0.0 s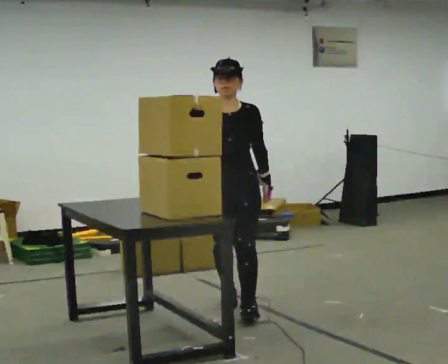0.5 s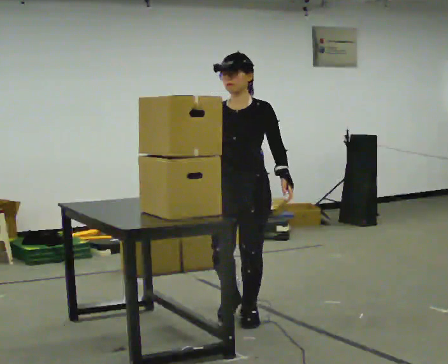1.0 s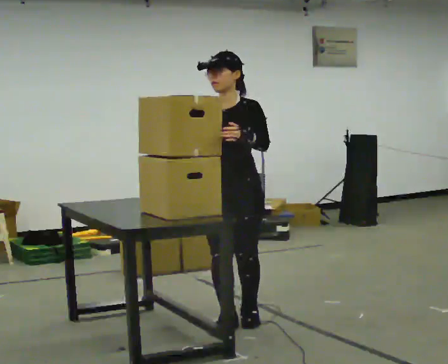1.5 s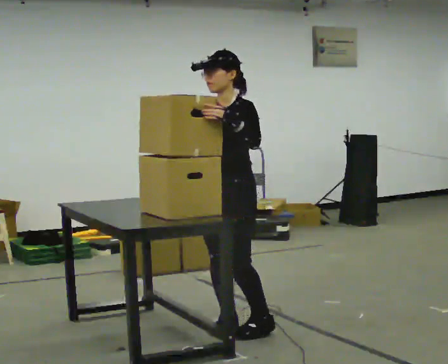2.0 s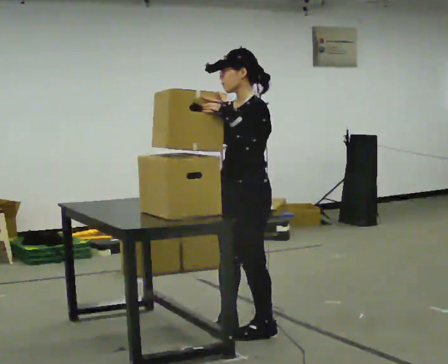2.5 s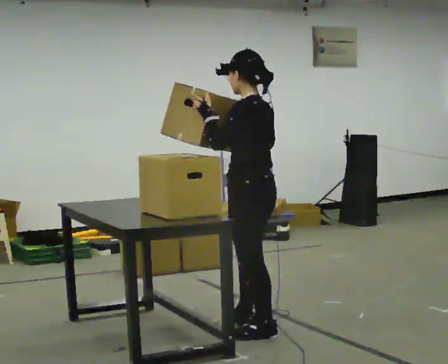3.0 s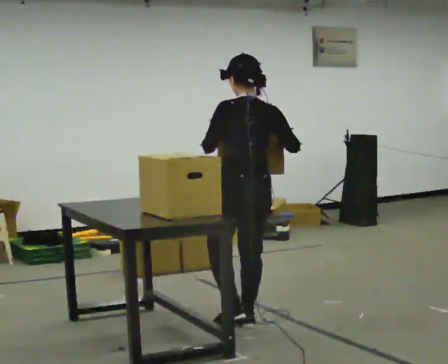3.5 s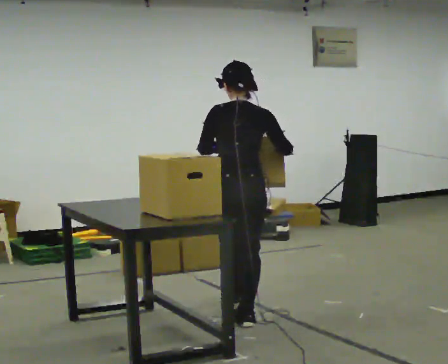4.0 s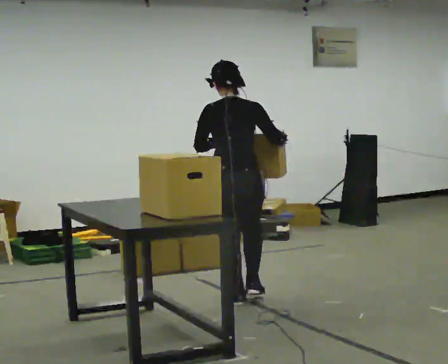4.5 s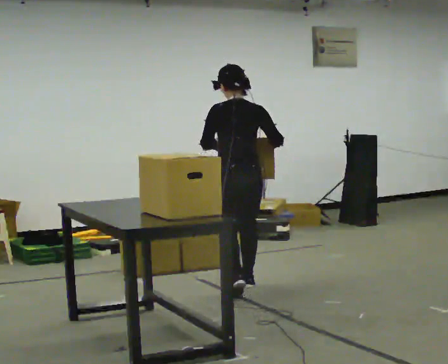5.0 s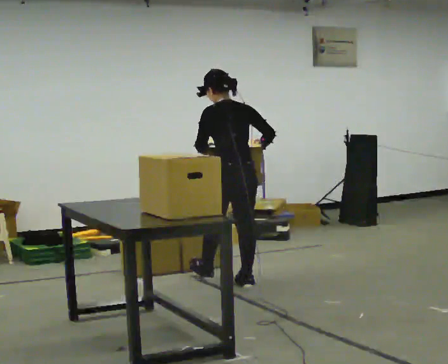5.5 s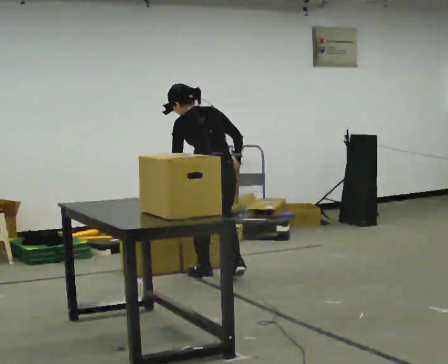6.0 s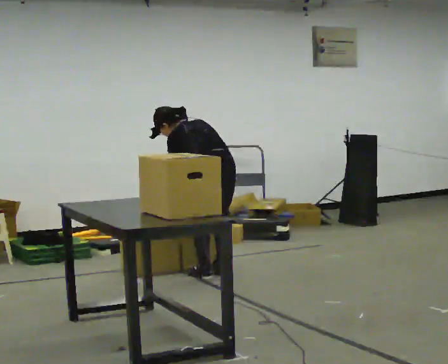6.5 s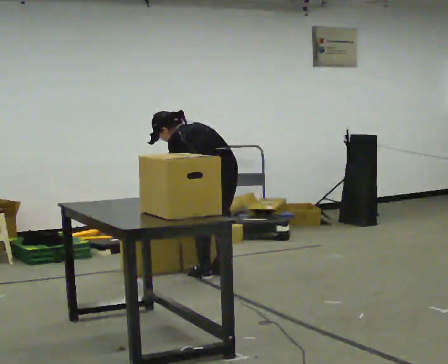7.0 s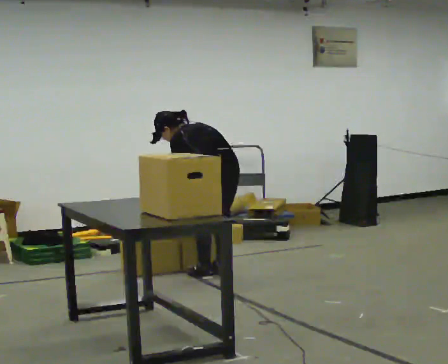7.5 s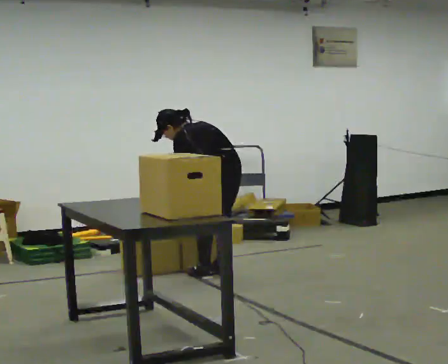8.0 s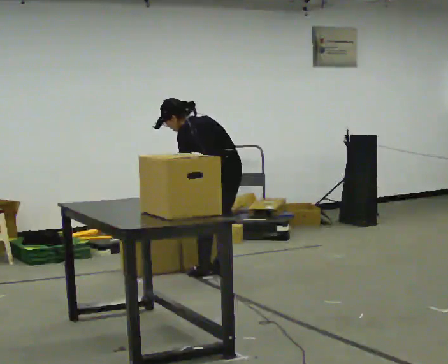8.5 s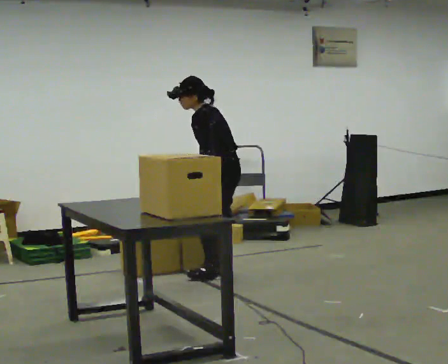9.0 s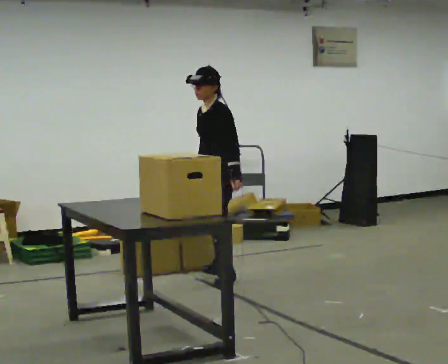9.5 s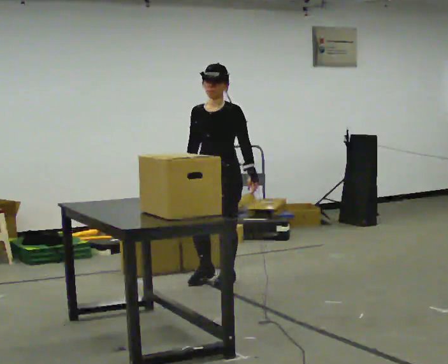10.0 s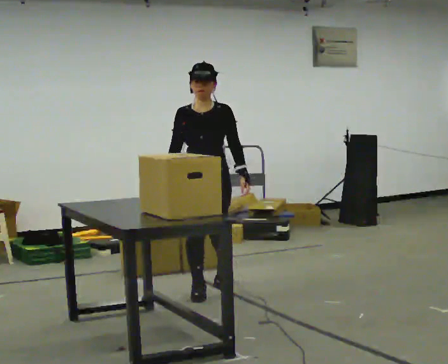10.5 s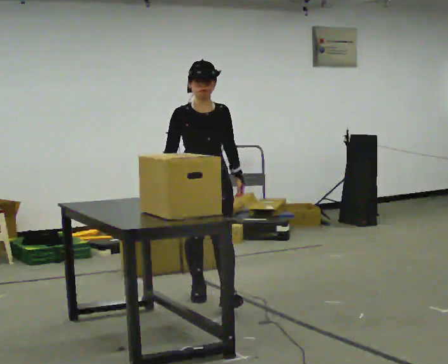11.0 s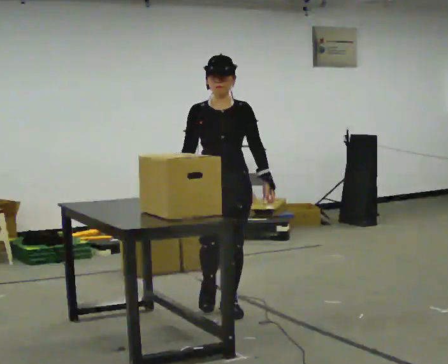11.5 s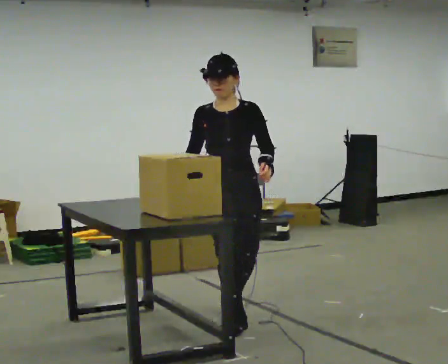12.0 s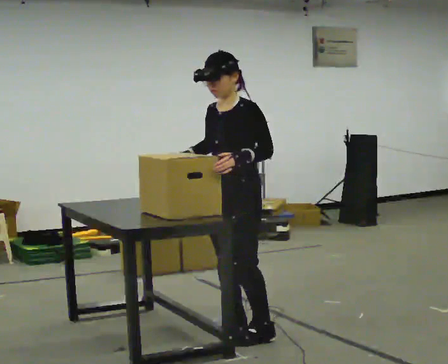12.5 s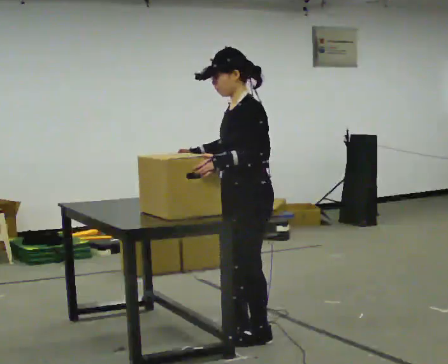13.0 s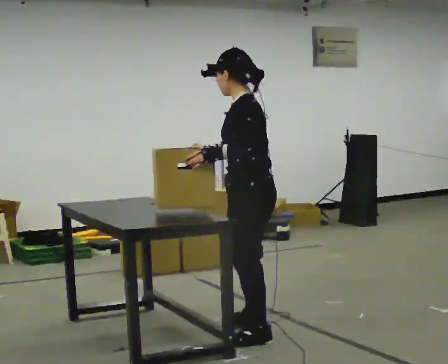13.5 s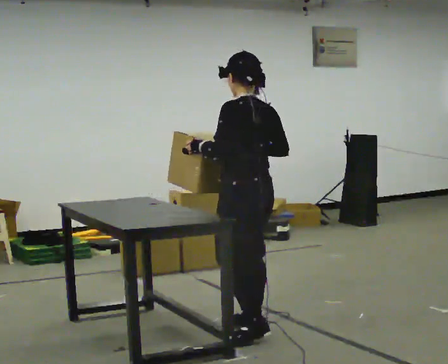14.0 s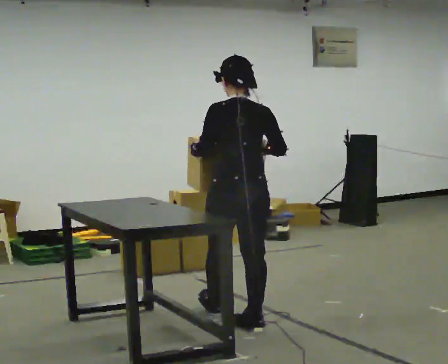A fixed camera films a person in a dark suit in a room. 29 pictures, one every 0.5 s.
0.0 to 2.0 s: The person turns about 75 degrees to their right, clockwise seen from above, so the part of the body nearest the lens slides to the left. In the picture they go toward the camera, about 0.5 m in 2 steps. In the picture their left hand goes upward.
2.0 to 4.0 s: The part of the body nearest the lens slides to the left as the person turns to their right by about 105 degrees. In the picture they go away from the camera, about 1 m in 1 step.
4.0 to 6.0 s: Seen from above the body turns counterclockwise, about 45 degrees: to their left, with its near side sliding to the right. In the picture they go away from the camera, about 0.5 m in 3 steps, which for them is forward. The shoulders move downward. In the picture the upper body tilts counterclockwise, shoulders to the left, as they bend forward. In the picture their right hand goes downward.
6.0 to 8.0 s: The upper body tips toward the camera, its near side rolling downward, as they lean back or straighten.
8.0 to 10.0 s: The part of the body nearest the lens slides to the right as the person turns to their left by about 135 degrees. In the picture they go toward the camera, about 0.5 m in 1 step. In the picture the upper body tilts clockwise, shoulders to the right, as they lean back or straighten.
10.0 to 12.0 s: Seen from above the body turns clockwise, about 60 degrees: to their right, with its near side sliding to the left. In the picture they go toward the camera, about 1 m in 3 steps.
12.0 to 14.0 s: Seen from above the body turns clockwise, about 120 degrees: to their right, with its near side sliding to the left. In the picture they go away from the camera, about 0.25 m in 1 step. In the picture their right hand goes to the right.
The film runs forward here.
